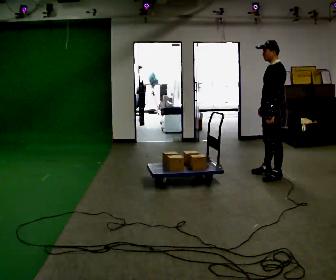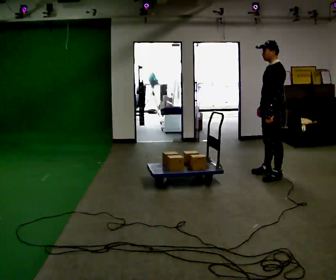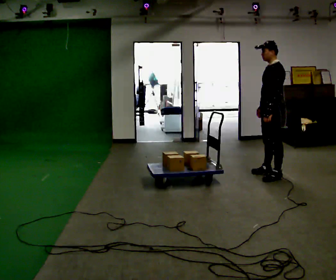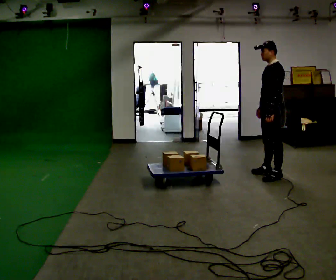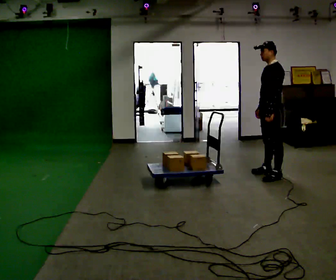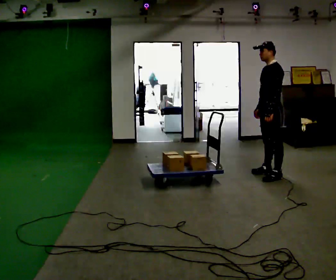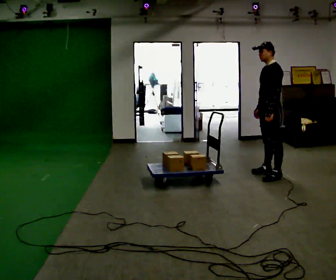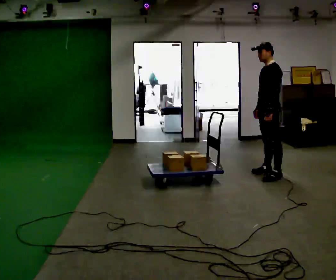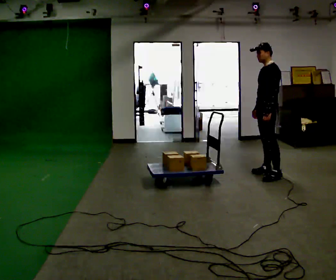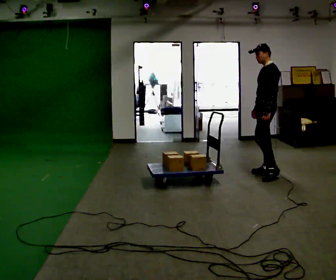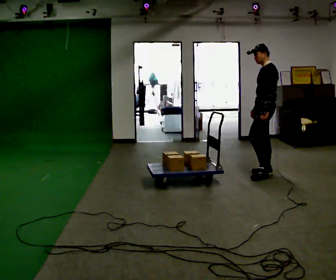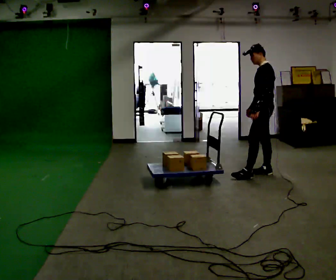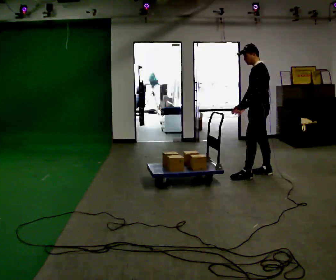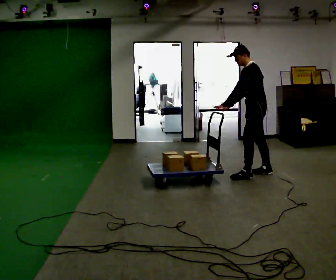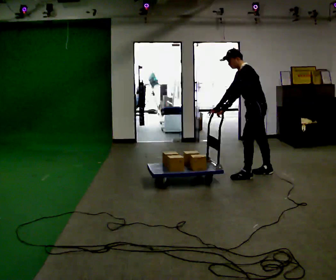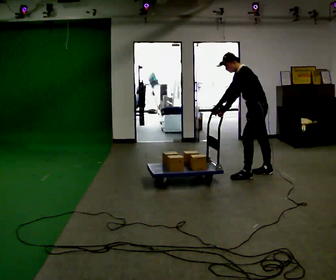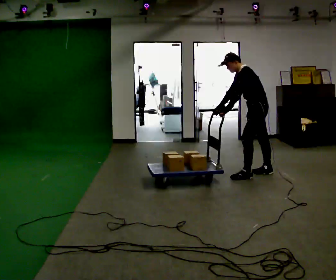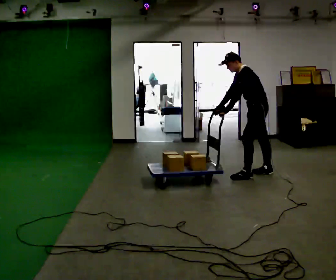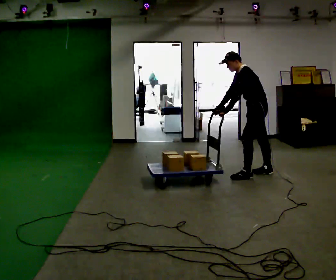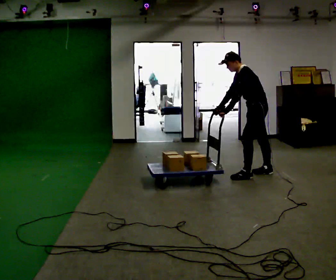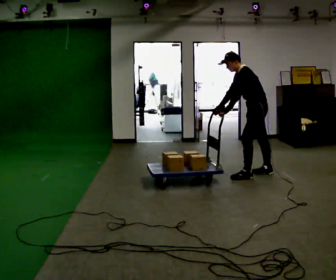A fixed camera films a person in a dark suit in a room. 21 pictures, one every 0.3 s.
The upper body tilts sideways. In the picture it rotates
counterclockwise.
0.0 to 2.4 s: In the picture they go away from the camera, about 0.25 m, which for them is to their right.
2.4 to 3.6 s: In the picture their left hand goes to the left.
3.6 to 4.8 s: In the picture the upper body tilts counterclockwise, shoulders to the left, as they bend forward.
4.8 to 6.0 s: The person keeps their place and pose.
The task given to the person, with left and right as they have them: Put your hands on the loaded pallet at the height the operator calls and push it as hard as is comfortable for a few seconds, then relax. Repeat at each height.
The film runs forward here.
